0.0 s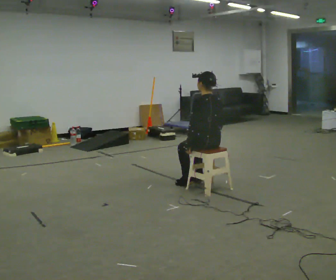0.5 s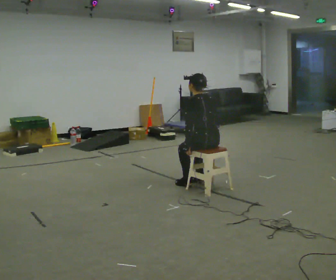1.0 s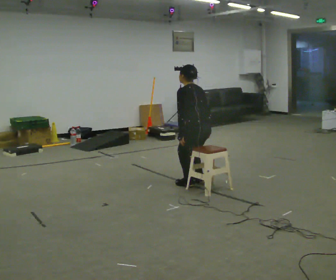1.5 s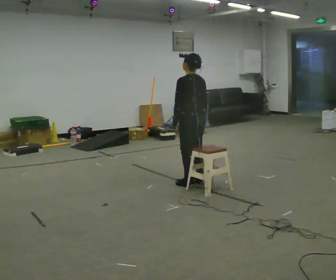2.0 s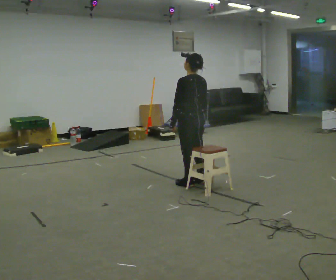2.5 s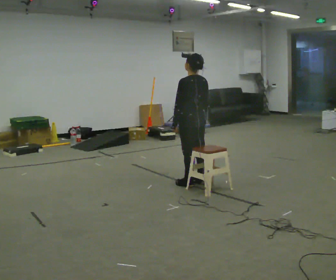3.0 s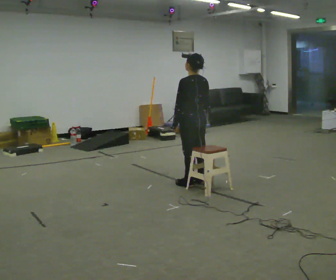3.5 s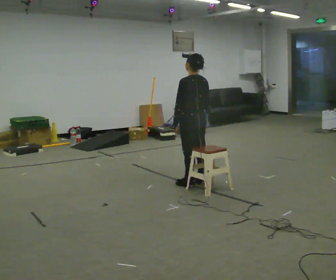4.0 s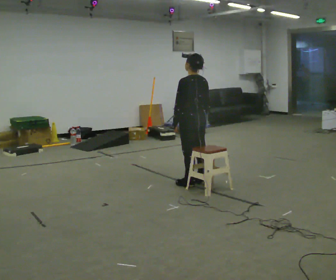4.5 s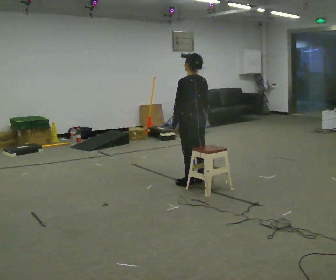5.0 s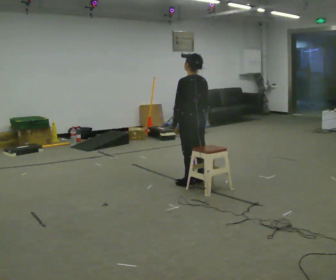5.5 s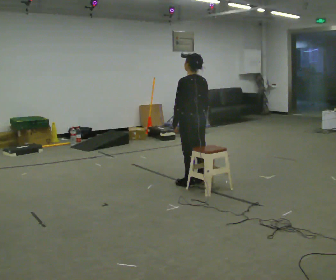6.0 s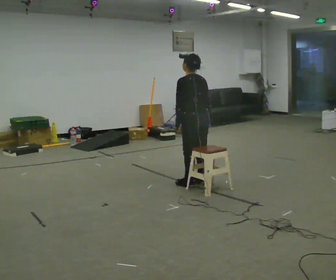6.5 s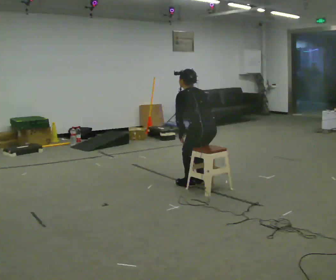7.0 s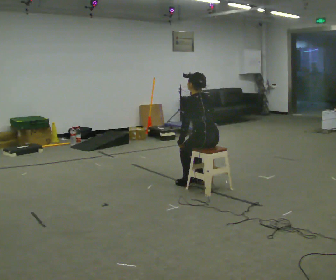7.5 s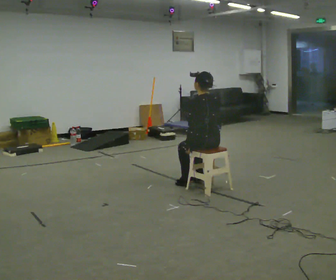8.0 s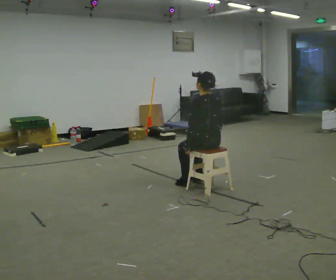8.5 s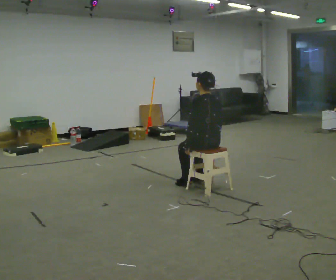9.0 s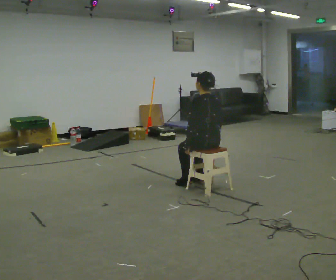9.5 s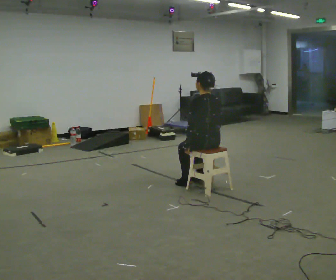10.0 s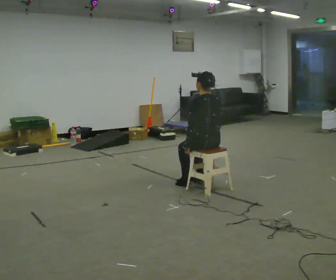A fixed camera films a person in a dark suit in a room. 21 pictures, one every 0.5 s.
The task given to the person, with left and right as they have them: Sit on the chair, stand up, then sit back down. Repeat the movement at your own pace until the operator says stop; do not rush.
0.0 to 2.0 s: In the picture they go away from the camera and to the left, about 0.25 m, which for them is forward. The upper body goes upward.
2.0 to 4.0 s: The person keeps their place and pose.
4.0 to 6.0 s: The person moves a little, or ends about where they began.
6.0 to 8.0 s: In the picture they go toward the camera, about 0.25 m, which for them is backward. The shoulders move downward.
8.0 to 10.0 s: The person keeps their place and pose.
The film runs forward here.
